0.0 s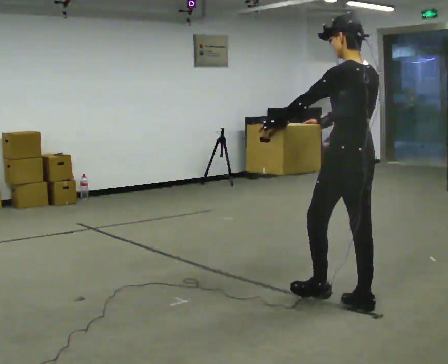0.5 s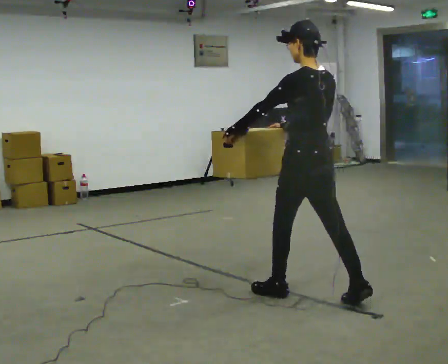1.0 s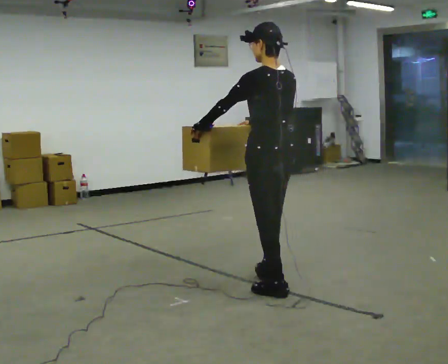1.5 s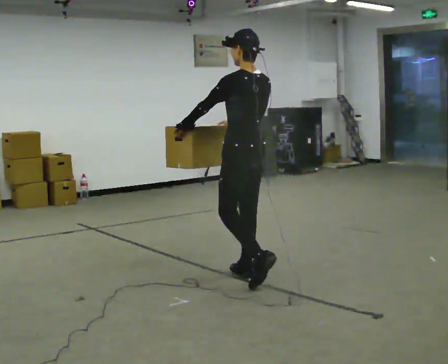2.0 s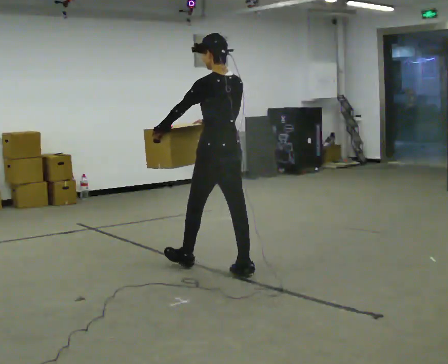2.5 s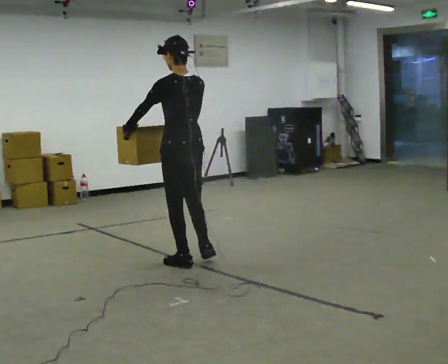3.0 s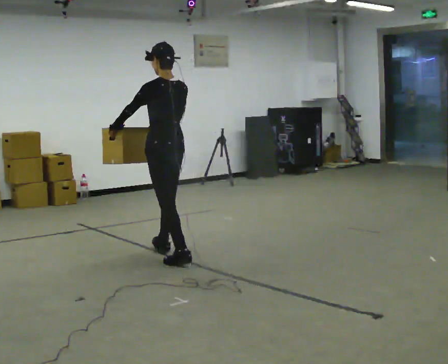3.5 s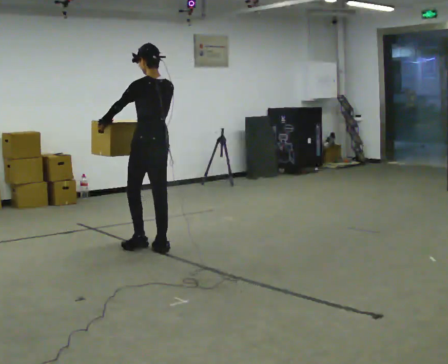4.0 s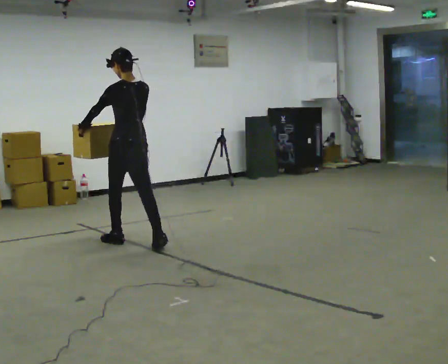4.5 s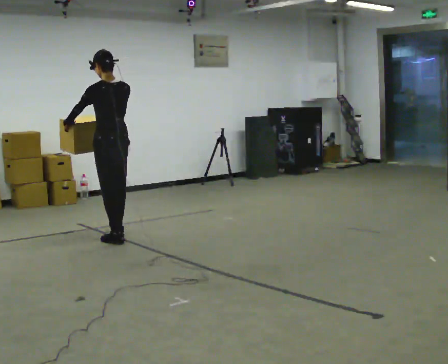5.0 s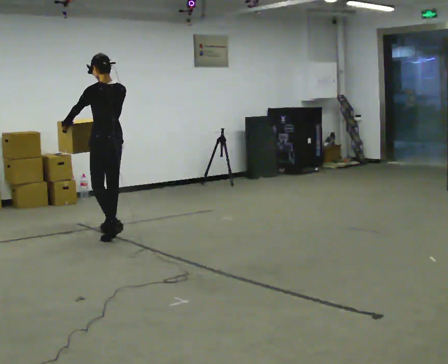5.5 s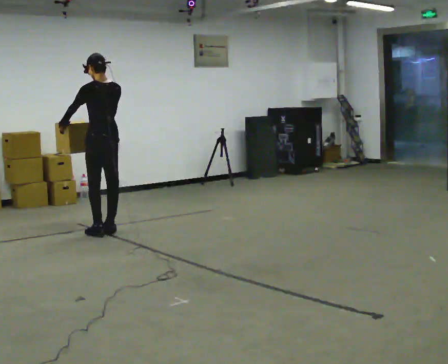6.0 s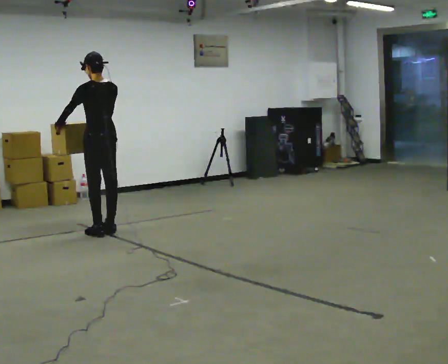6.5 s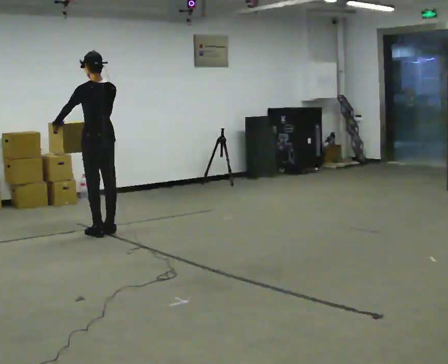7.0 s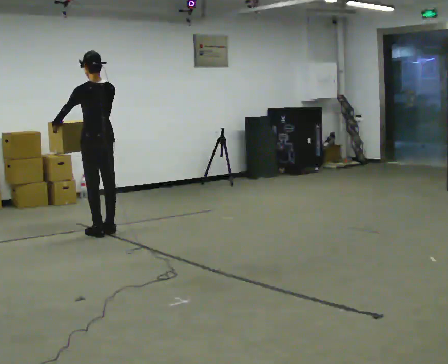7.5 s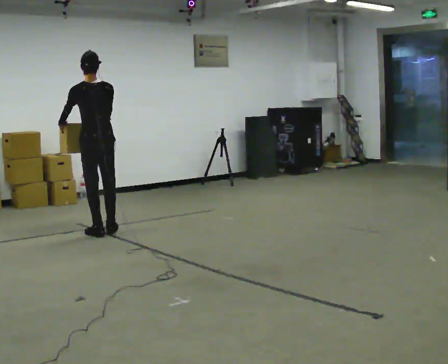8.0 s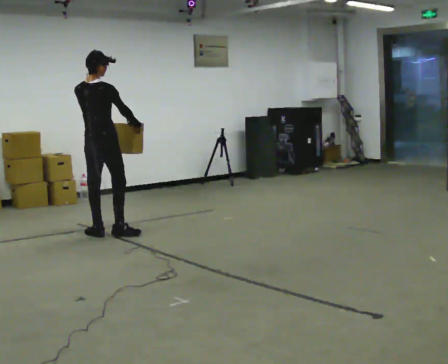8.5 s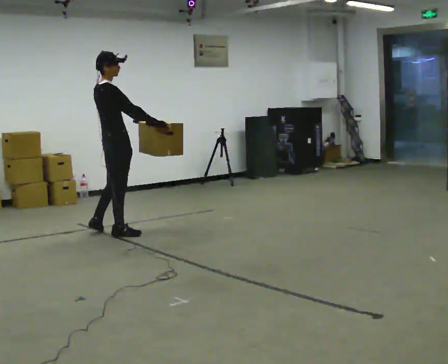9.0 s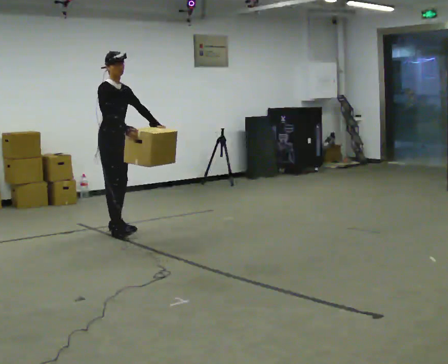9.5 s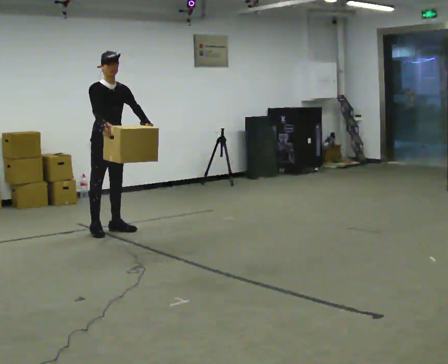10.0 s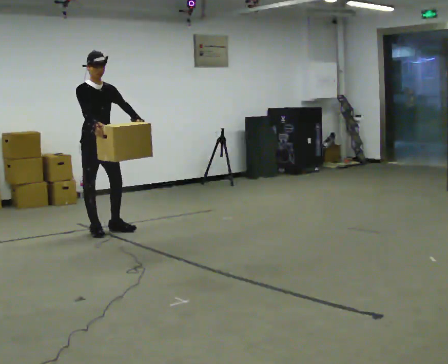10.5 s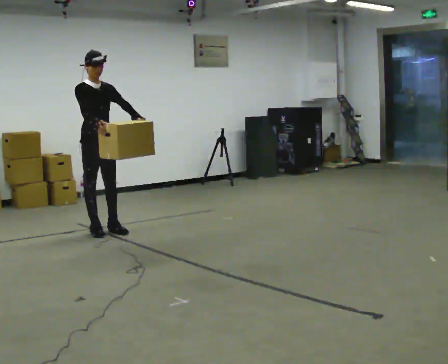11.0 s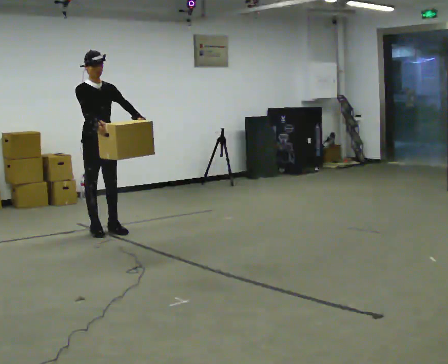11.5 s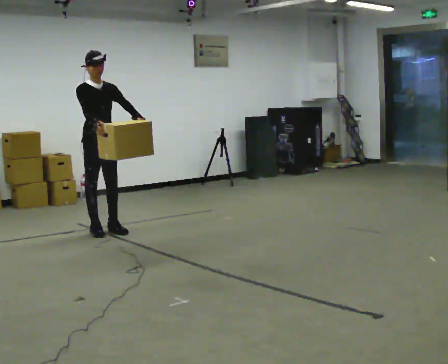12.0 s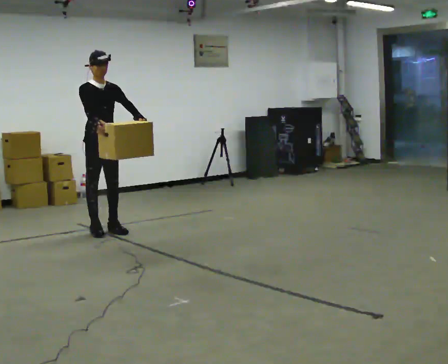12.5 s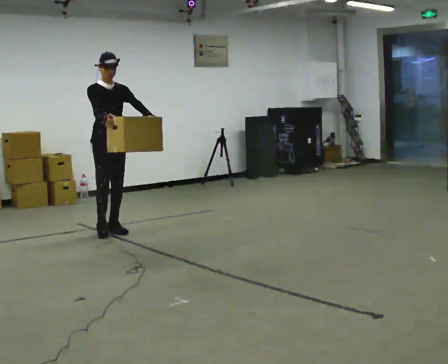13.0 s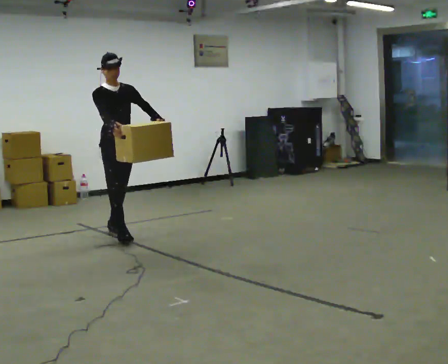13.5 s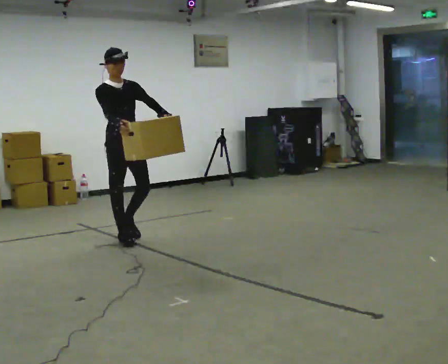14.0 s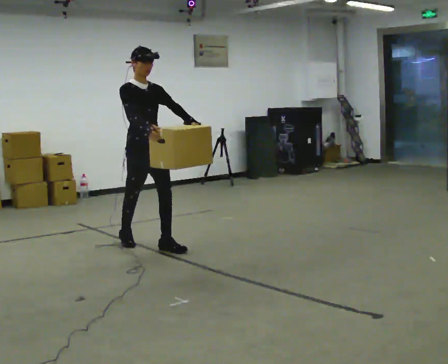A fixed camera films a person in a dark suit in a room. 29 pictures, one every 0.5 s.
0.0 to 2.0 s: In the picture they go away from the camera and to the left, about 1 m in 3 steps, which for them is forward.
2.0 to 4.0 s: In the picture they go away from the camera and to the left, about 1 m in 2 steps, which for them is forward.
4.0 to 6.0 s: In the picture they go away from the camera and to the left, about 0.5 m in 2 steps, which for them is forward.
6.0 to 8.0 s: Seen from above the body turns clockwise, about 60 degrees: to their right, with its near side sliding to the left. In the picture their left hand goes to the right.
8.0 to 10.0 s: Seen from above the body turns clockwise, about 120 degrees: to their right, with its near side sliding to the left. In the picture they go away from the camera, about 0.25 m in 2 steps. In the picture their left hand goes to the right.
10.0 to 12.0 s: The person moves a little, or ends about where they began.
12.0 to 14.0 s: In the picture they go toward the camera and to the right, about 1 m in 2 steps, which for them is forward.
The film runs forward here.
